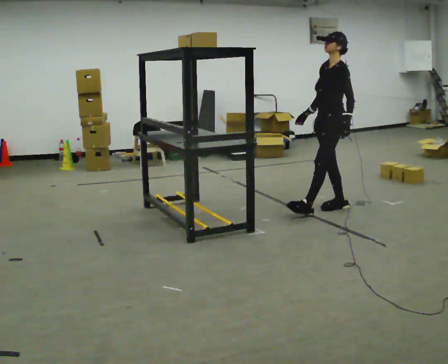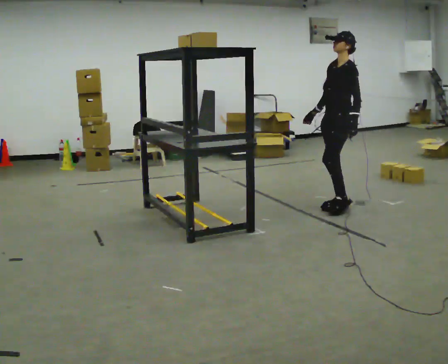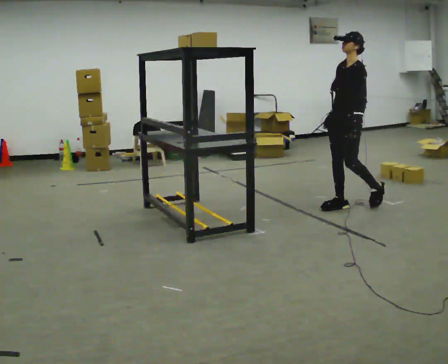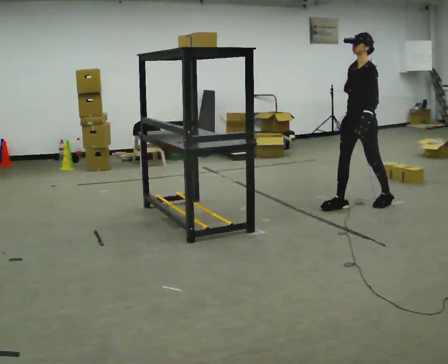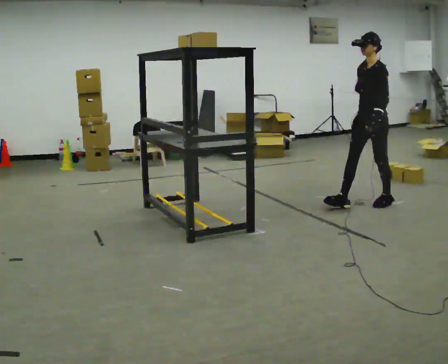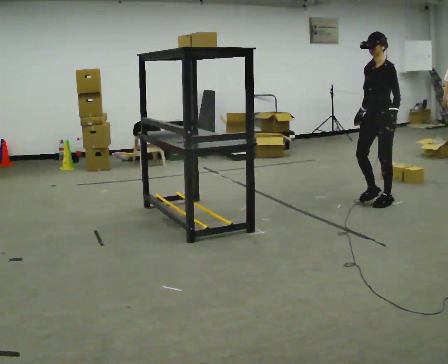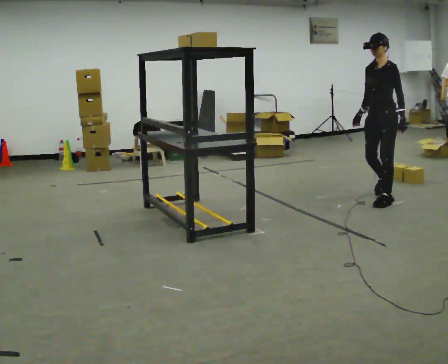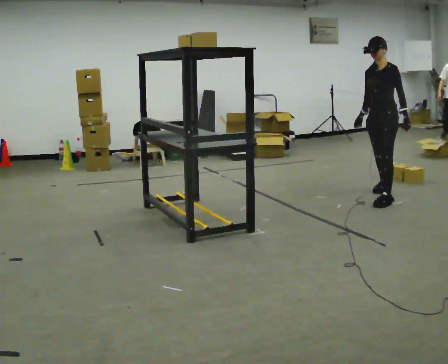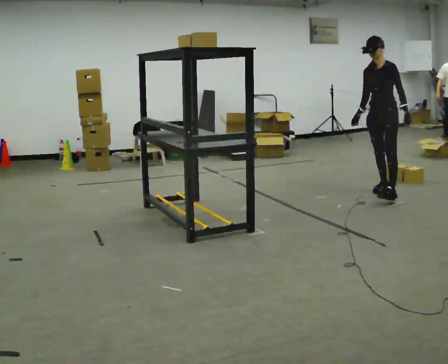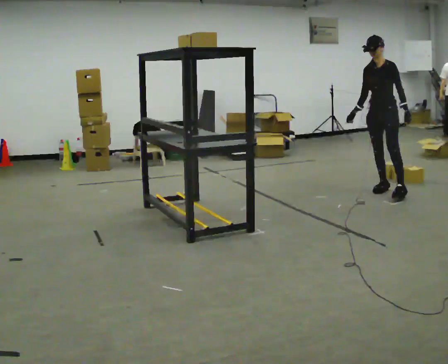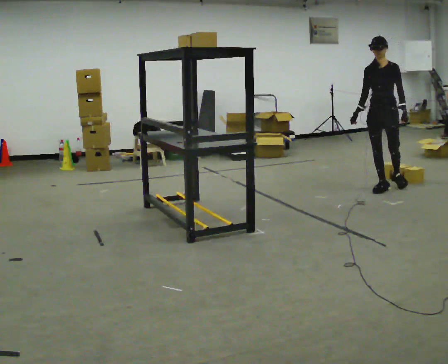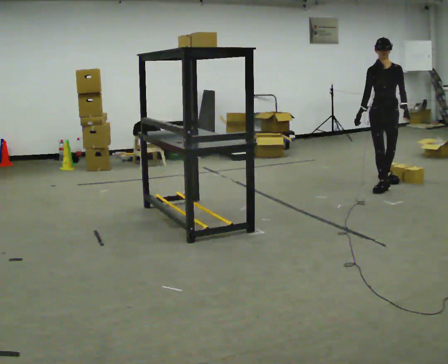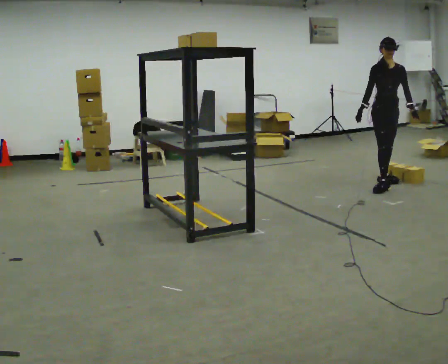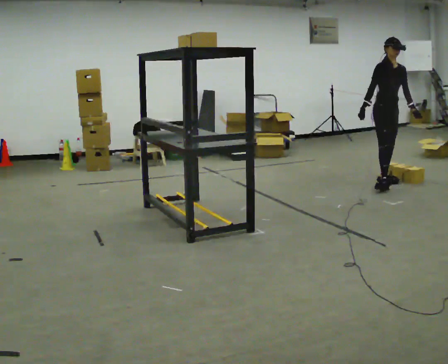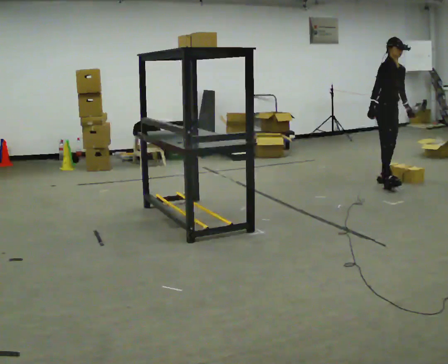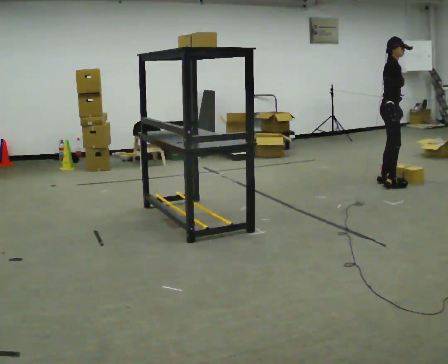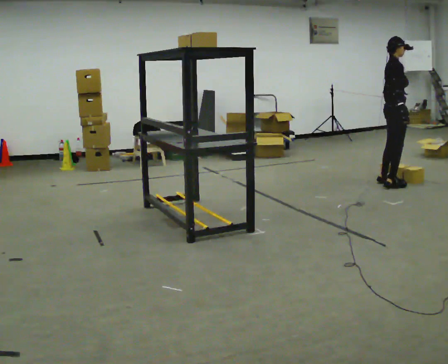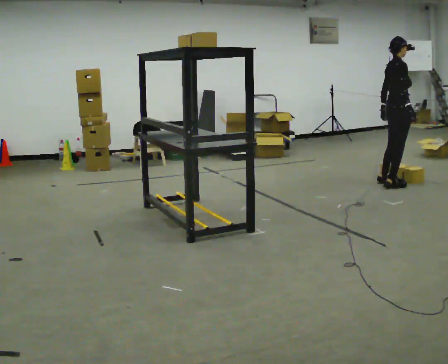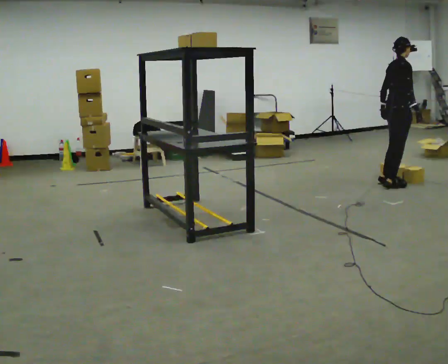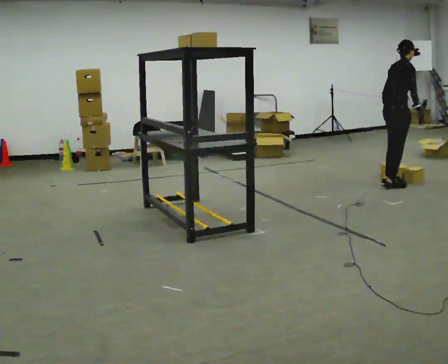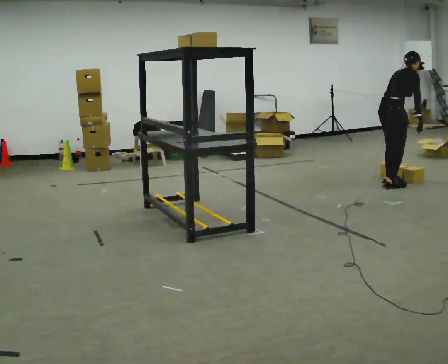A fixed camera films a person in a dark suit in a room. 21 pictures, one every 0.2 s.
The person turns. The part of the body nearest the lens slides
to the right.
The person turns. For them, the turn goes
to their left.
0.0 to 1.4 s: In the picture they go away from the camera and to the right, about 0.75 m in 1 step, which for them is backward.
1.4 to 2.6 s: The person turns about 75 degrees to their left, counterclockwise seen from above, so the part of the body nearest the lens slides to the right. In the picture they go away from the camera, about 0.5 m in 1 step.
2.6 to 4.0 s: Seen from above the body turns counterclockwise, about 90 degrees: to their left, with its near side sliding to the right. In the picture they go toward the camera, about 0.25 m. The upper body tips away from the camera, its near side rolling upward, as they bend forward. In the picture their right hand goes to the right, the arm swinging counterclockwise.
The film runs backward here.
